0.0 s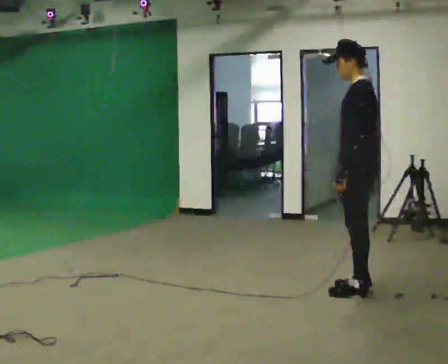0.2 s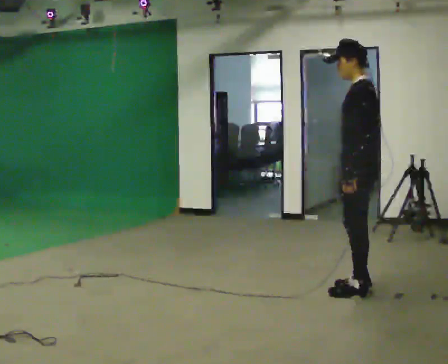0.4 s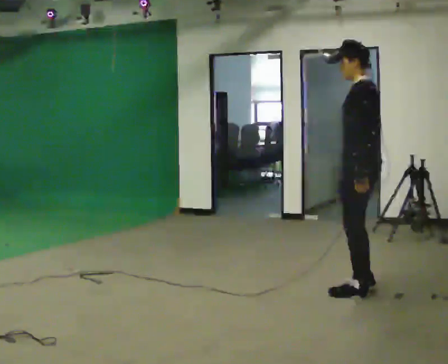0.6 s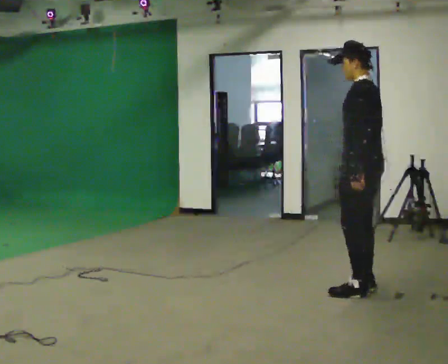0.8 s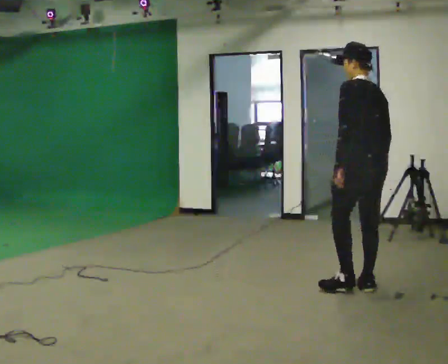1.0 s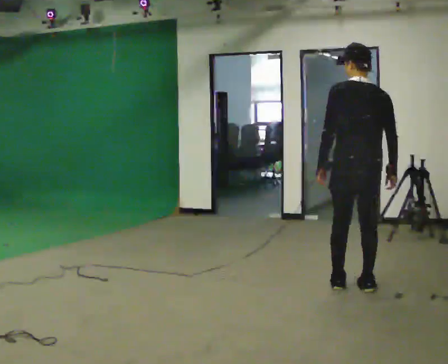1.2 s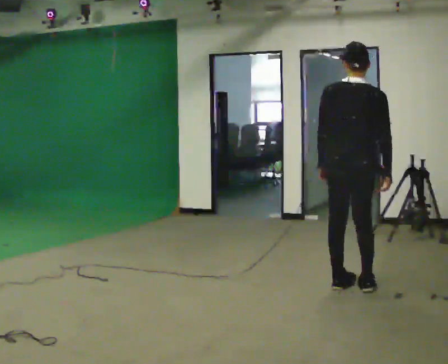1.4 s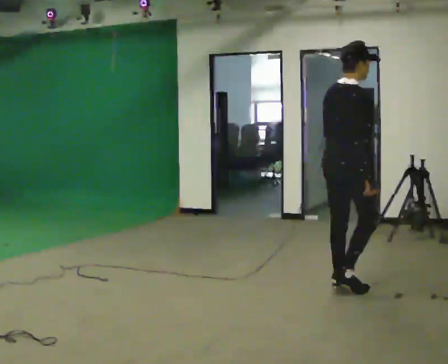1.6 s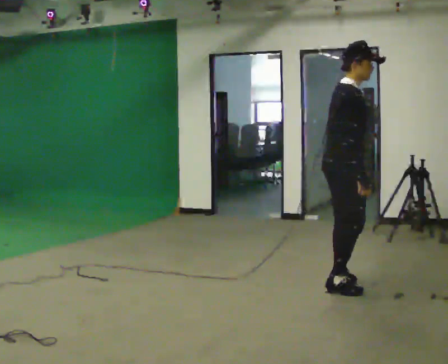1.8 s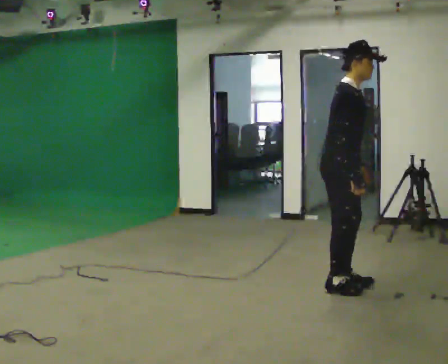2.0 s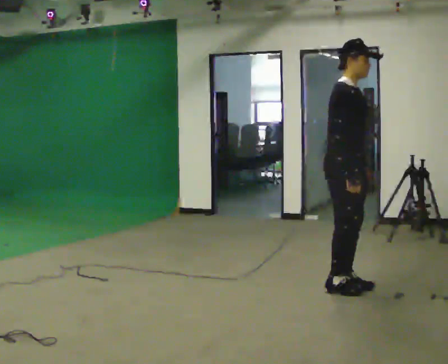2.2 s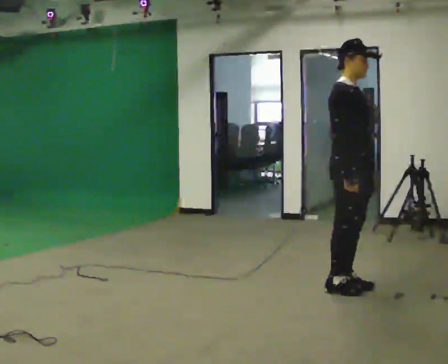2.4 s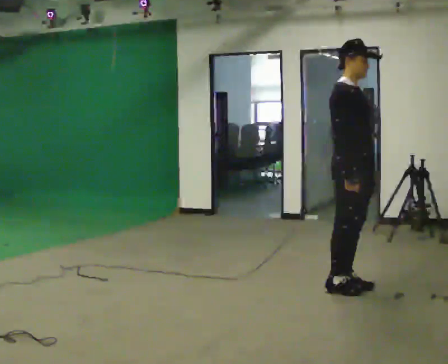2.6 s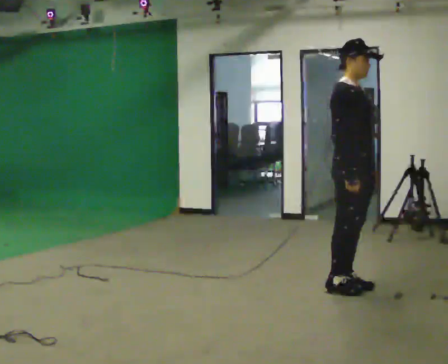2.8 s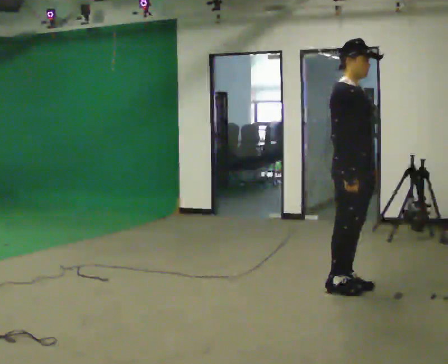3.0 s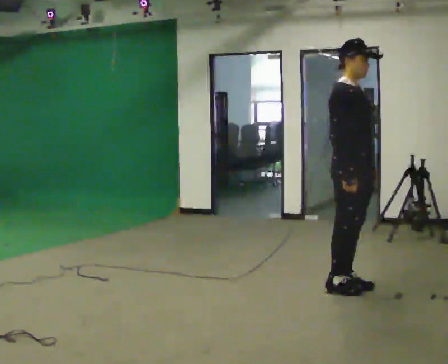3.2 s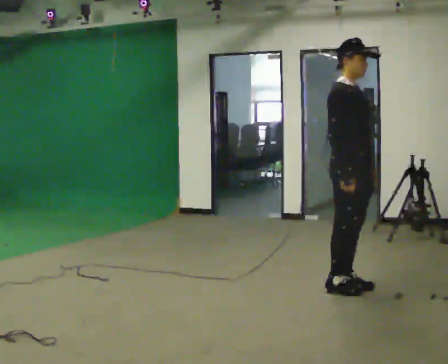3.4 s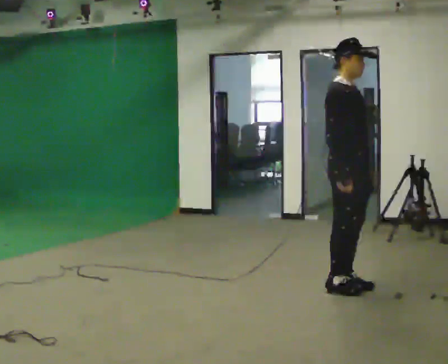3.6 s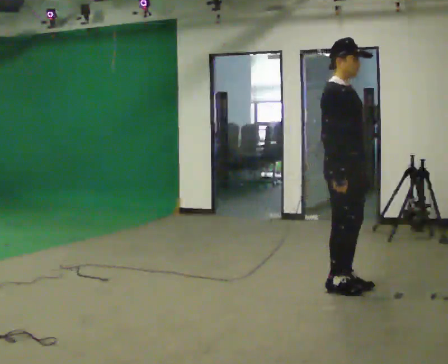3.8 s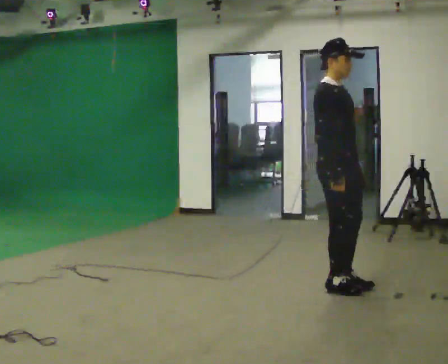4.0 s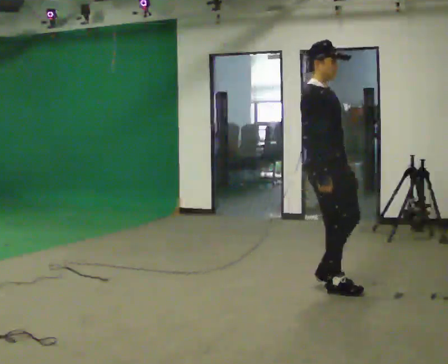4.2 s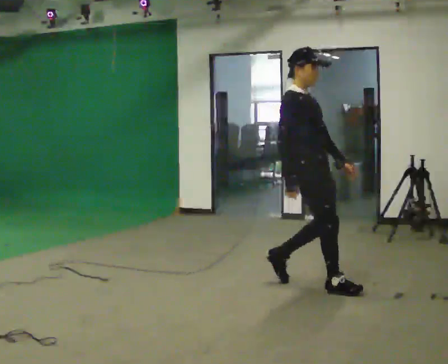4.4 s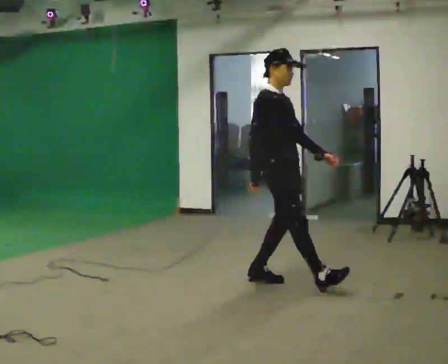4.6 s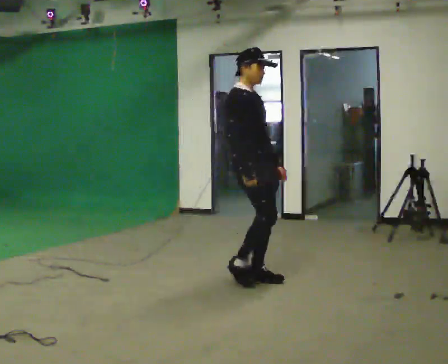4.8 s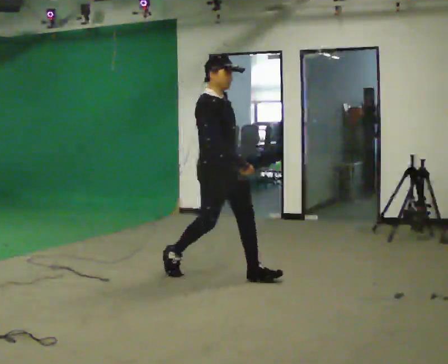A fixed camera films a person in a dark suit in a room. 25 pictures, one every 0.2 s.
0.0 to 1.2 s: Seen from above the body turns clockwise, about 90 degrees: to their right, with its near side sliding to the left.
1.2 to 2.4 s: The part of the body nearest the lens slides to the left as the person turns to their right by about 105 degrees. In the picture their left hand goes to the right.
2.4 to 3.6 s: The person moves a little, or ends about where they began.
3.6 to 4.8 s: In the picture they go to the left, about 1 m in 2 steps, which for them is backward.
The film runs backward here.
